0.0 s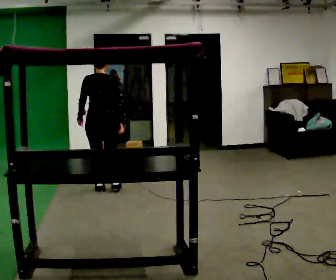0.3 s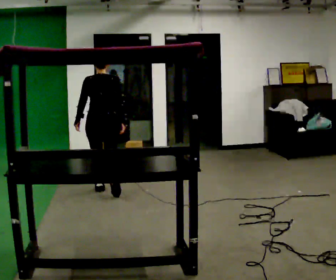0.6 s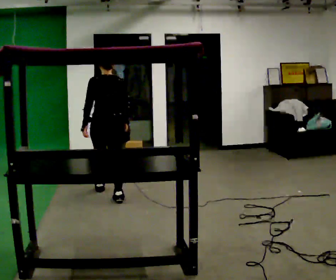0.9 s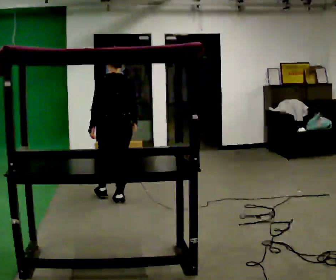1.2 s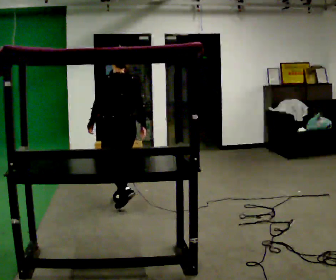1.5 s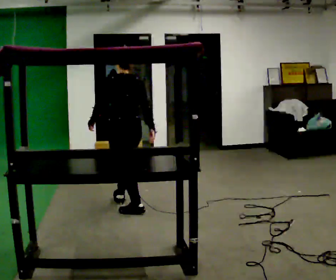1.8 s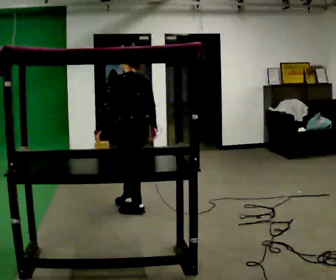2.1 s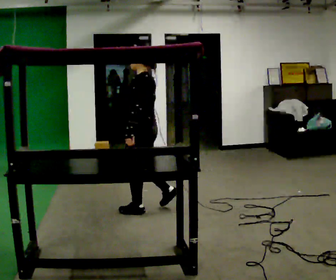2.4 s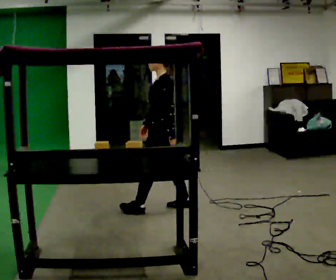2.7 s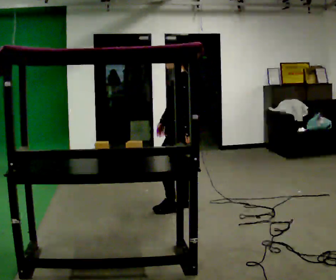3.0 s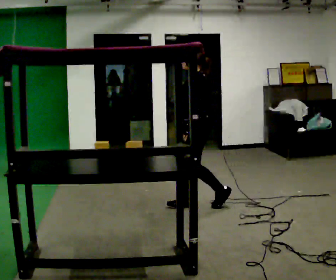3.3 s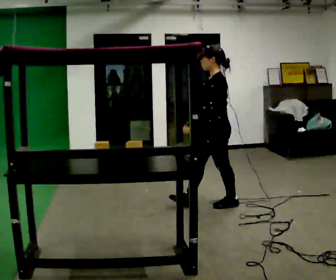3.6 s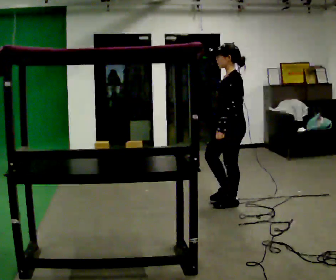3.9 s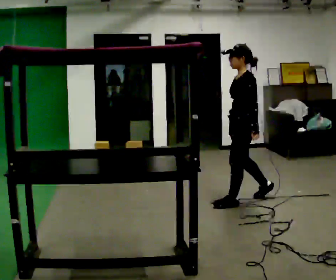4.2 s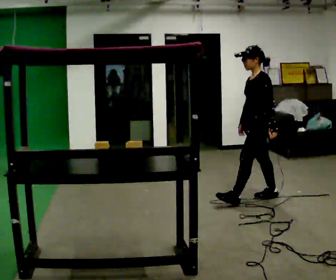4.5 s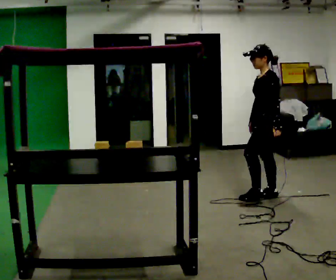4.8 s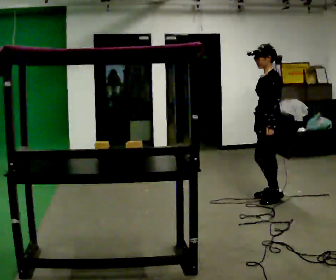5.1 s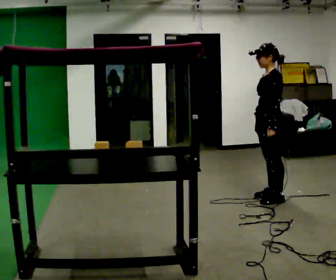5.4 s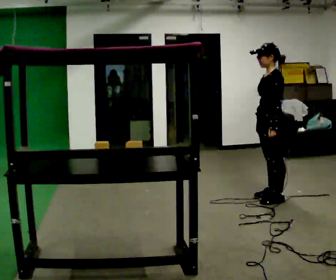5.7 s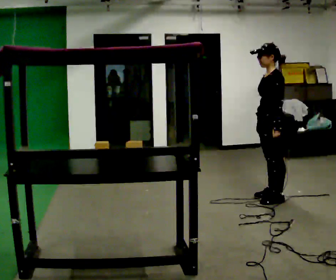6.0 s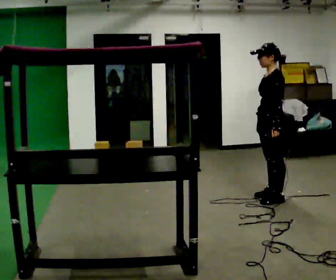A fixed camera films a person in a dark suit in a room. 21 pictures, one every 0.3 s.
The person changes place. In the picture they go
to the right.
The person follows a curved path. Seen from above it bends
counterclockwise.
0.0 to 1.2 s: The person turns about 30 degrees to their left, counterclockwise seen from above, so the part of the body nearest the lens slides to the right. In the picture they go toward the camera and to the right, about 0.5 m in 1 step, which for them is backward.
1.2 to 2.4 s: The part of the body nearest the lens slides to the right as the person turns to their left by about 60 degrees. In the picture they go to the right, about 0.5 m in 1 step.
2.4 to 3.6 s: In the picture they go to the right, about 0.75 m in 2 steps, which for them is backward.
3.6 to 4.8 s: In the picture they go to the right and away from the camera, about 0.5 m in 1 step, which for them is backward.
4.8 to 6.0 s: The person moves a little, or ends about where they began.
The film runs backward here.
